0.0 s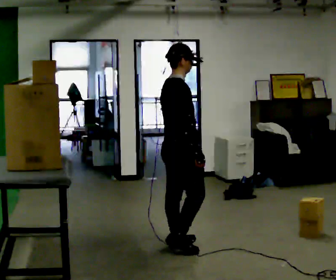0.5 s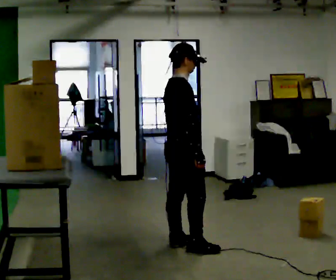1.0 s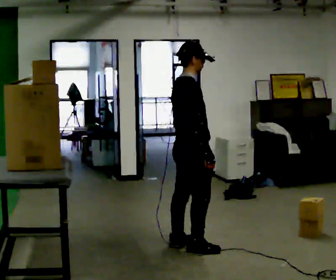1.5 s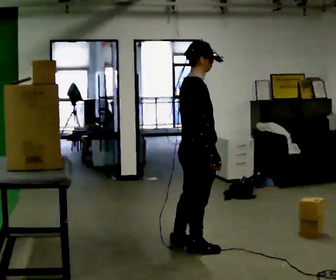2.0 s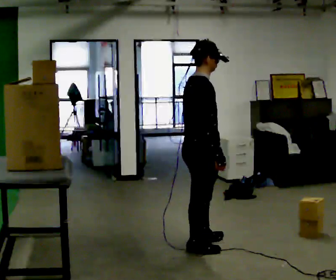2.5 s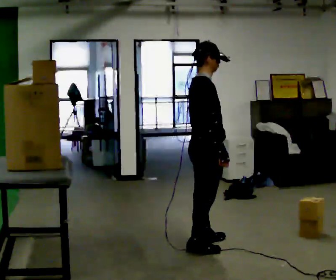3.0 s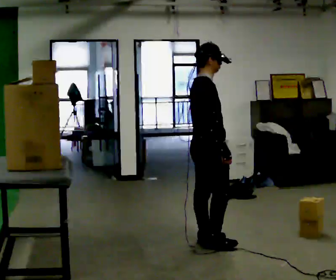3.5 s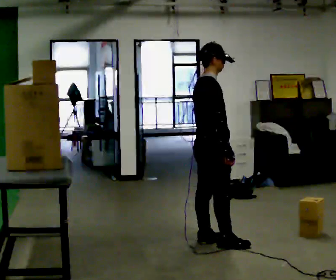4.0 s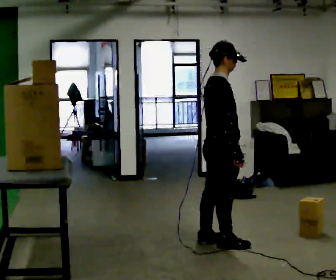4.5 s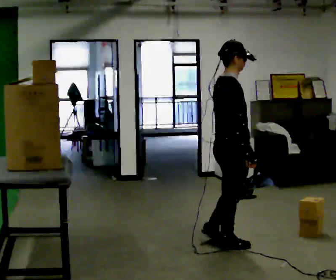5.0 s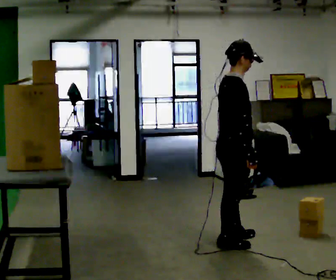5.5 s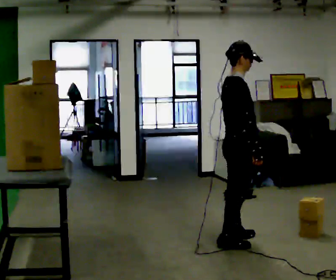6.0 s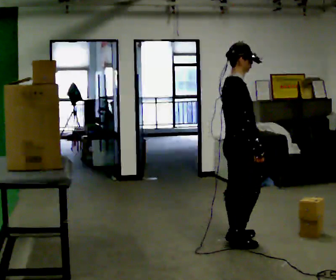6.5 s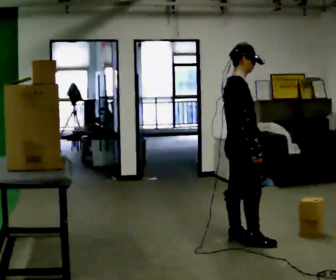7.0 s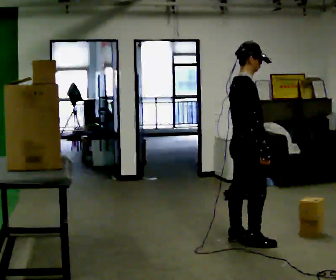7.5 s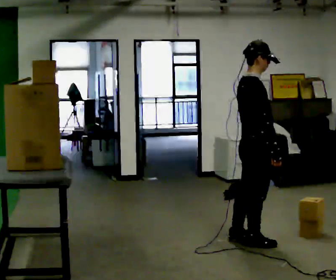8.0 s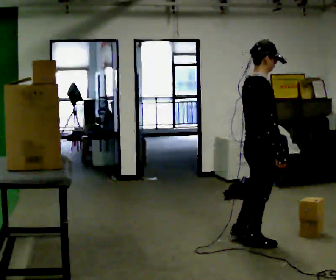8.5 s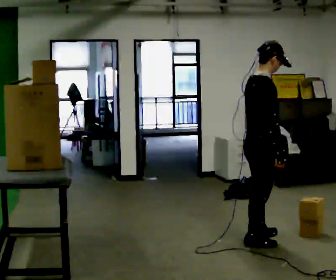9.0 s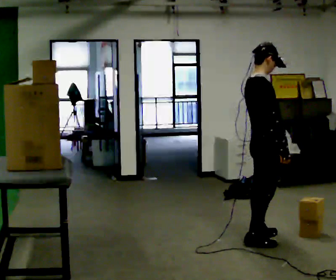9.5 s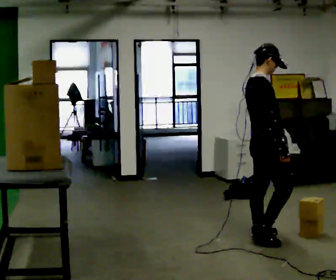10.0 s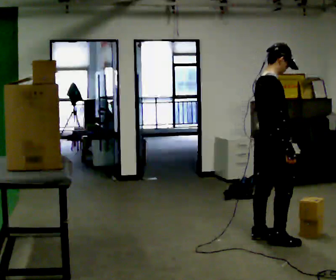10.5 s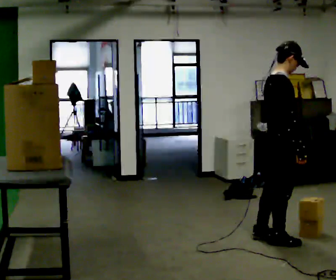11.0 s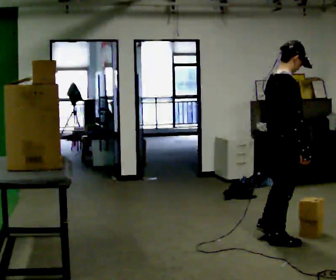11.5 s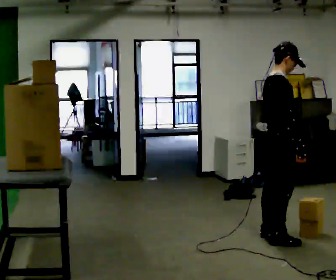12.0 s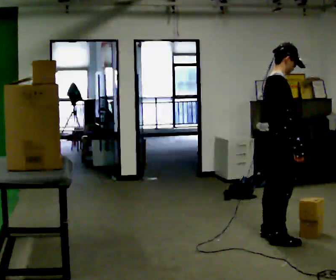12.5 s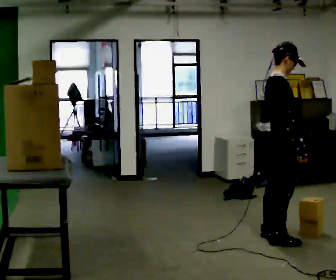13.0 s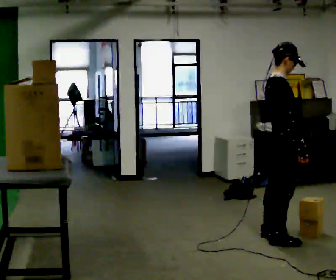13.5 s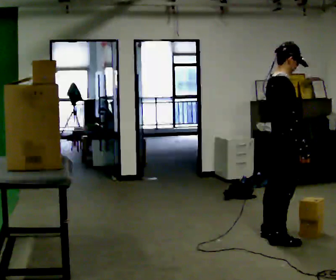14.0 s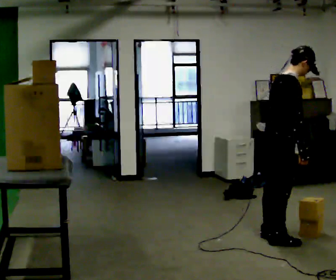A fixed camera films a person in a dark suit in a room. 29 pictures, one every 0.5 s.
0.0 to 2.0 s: In the picture they go to the right, about 0.25 m in 1 step, which for them is to their right.
2.0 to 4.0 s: In the picture they go to the right, about 0.25 m in 2 steps, which for them is forward.
4.0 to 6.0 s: In the picture they go to the right, about 0.25 m in 1 step, which for them is forward.
6.0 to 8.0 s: In the picture they go toward the camera and to the right, about 0.25 m in 1 step, which for them is to their right and forward.
8.0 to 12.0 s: In the picture they go to the right and away from the camera, about 0.25 m in 2 steps, which for them is forward.
12.0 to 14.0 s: In the picture the upper body tilts clockwise, shoulders to the right, as they bend forward.
The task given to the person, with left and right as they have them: Pick an object up off the floor, carry it across the room, and place it on the highest shelf you can comfortably reach. Keep going until the operator says stop; one object at a time, and do not rush between trips.
The film runs forward here.
